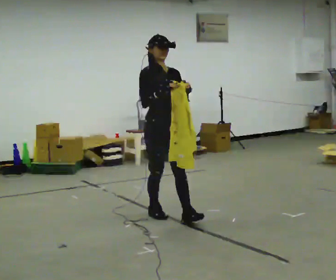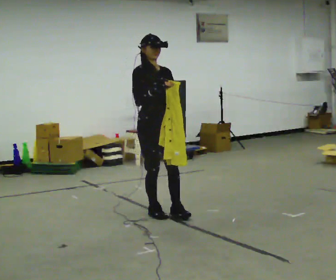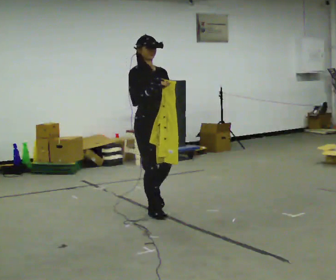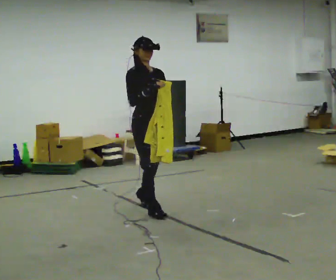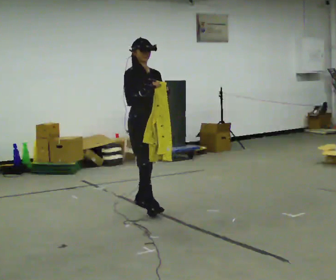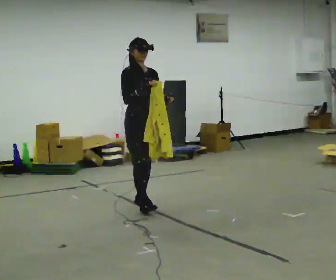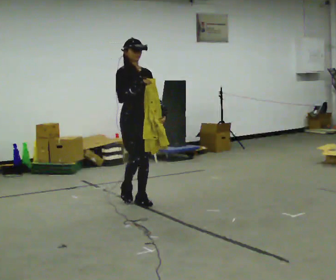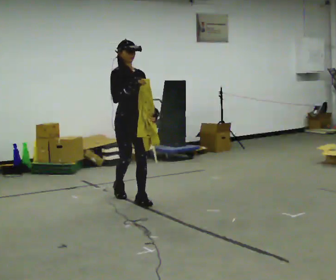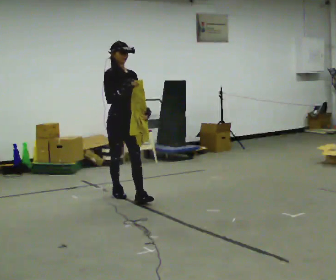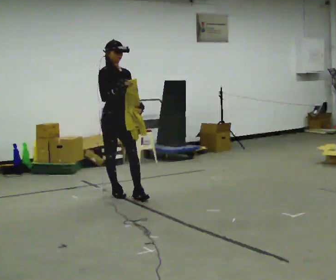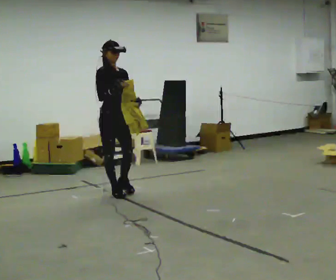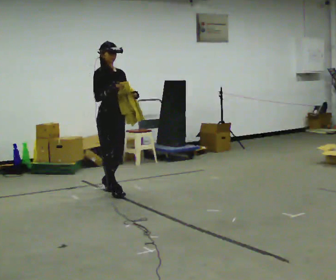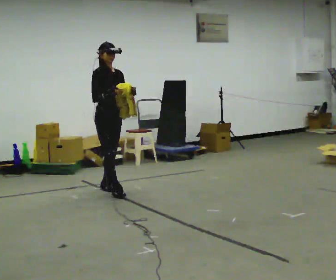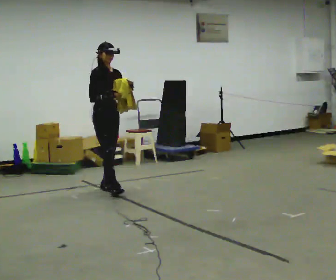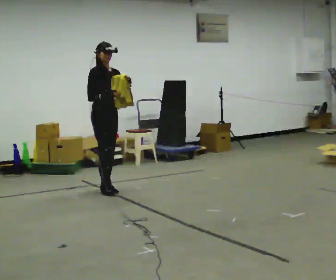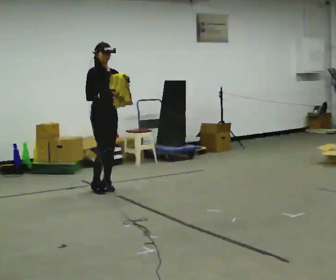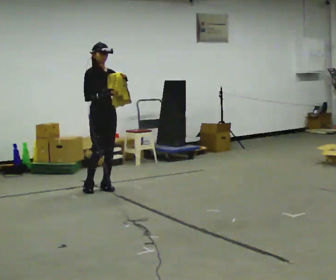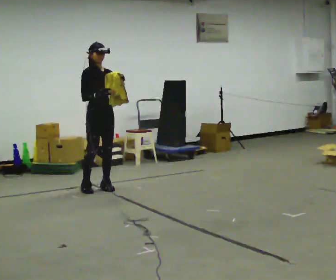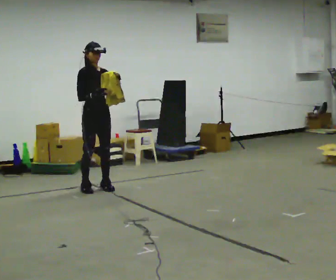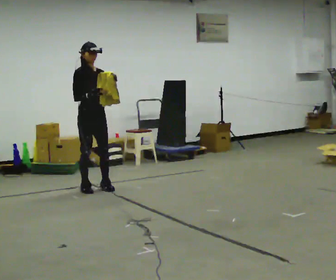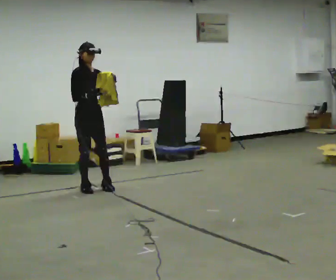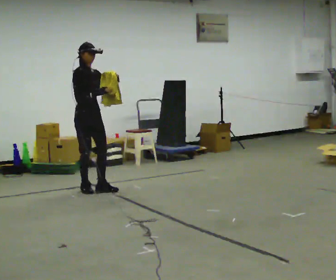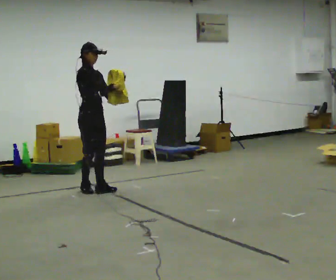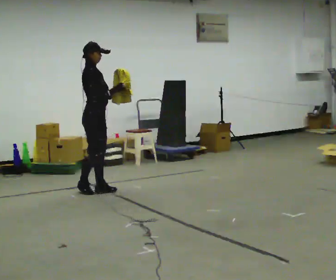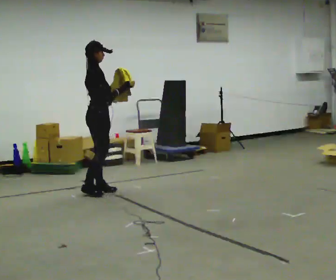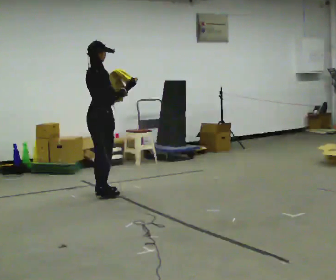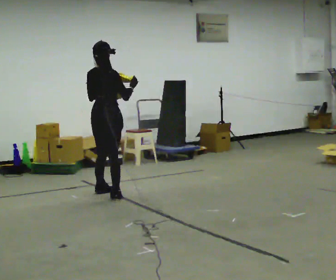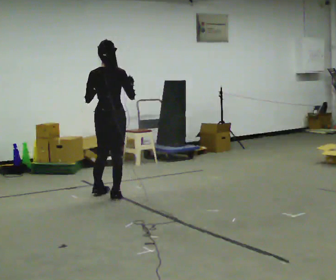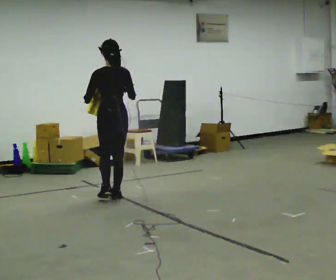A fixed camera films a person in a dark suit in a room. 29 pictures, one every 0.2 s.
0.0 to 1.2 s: In the picture they go away from the camera, about 0.75 m in 2 steps, which for them is backward.
1.2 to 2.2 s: In the picture they go away from the camera and to the left, about 0.5 m in 1 step, which for them is backward.
2.2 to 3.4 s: In the picture they go away from the camera, about 0.25 m in 1 step, which for them is backward.
3.4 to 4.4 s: The person moves a little, or ends about where they began.
4.4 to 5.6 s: The part of the body nearest the lens slides to the right as the person turns to their left by about 150 degrees. In the picture they go toward the camera and to the right, about 0.5 m in 2 steps.
The film runs backward here.
